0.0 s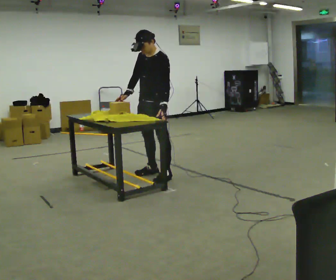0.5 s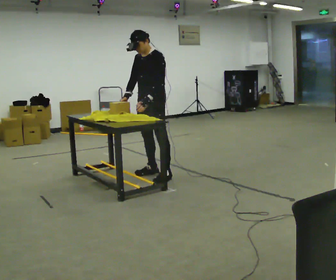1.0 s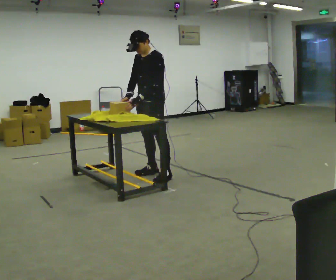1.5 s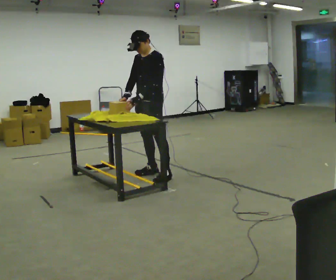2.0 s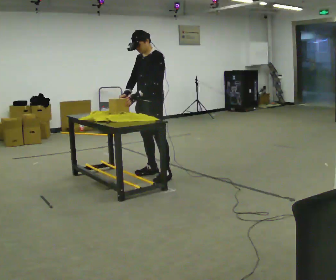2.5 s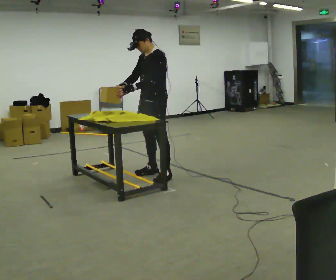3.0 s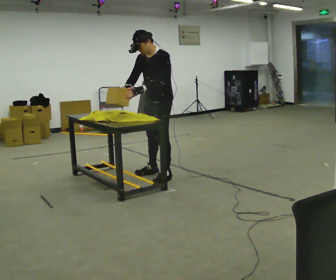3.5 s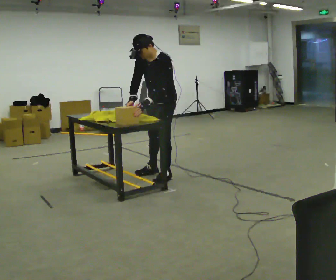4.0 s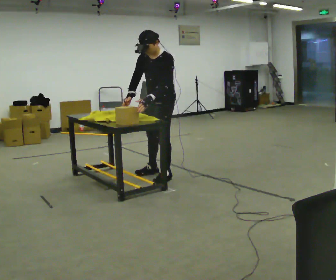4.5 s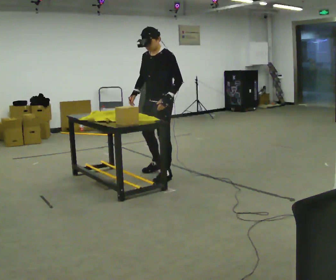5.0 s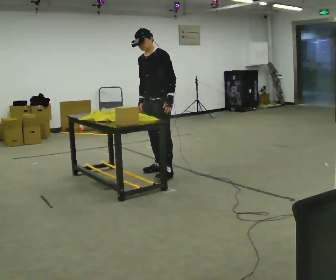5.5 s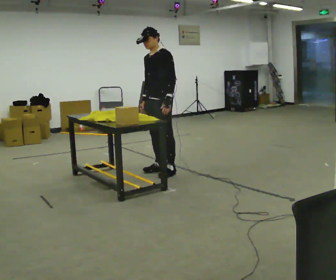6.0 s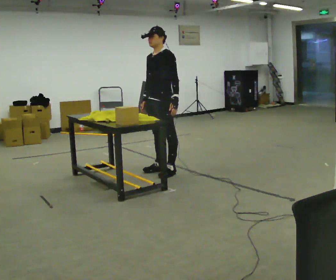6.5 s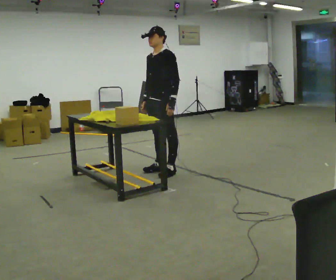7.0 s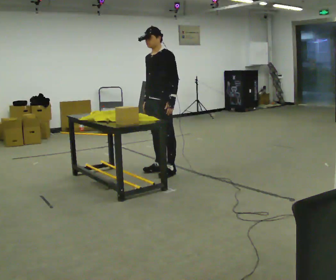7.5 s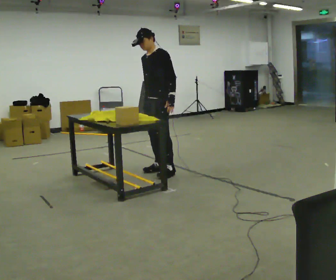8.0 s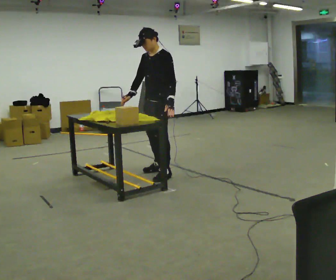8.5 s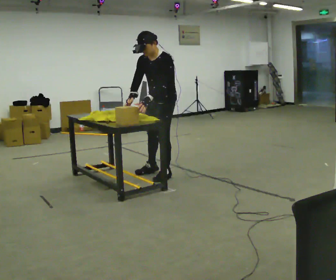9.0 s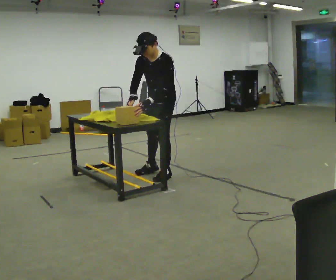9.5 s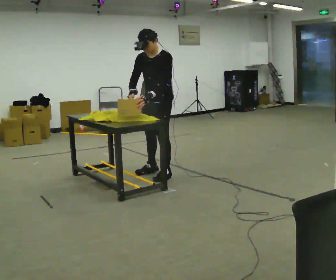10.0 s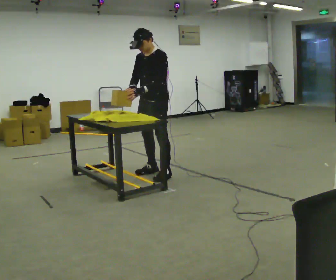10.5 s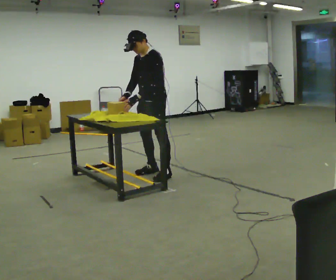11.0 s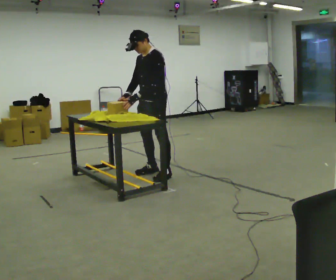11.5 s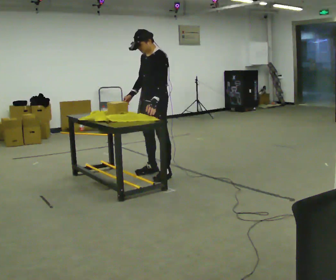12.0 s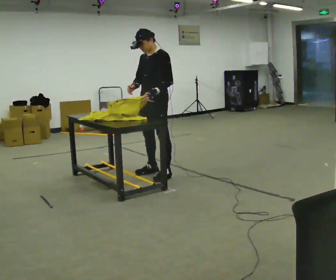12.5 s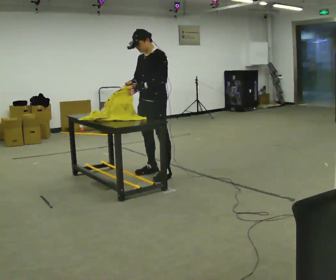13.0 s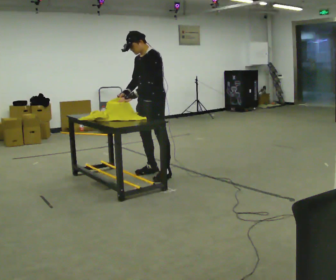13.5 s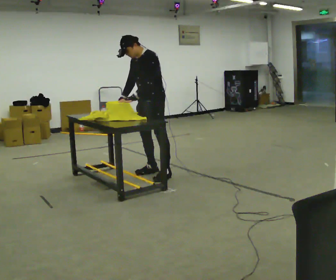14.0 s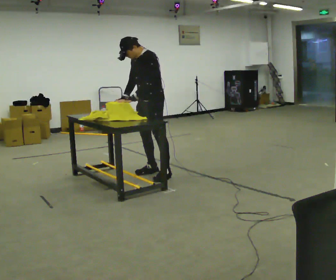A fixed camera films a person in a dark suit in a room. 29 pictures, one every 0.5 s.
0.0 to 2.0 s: In the picture their left hand goes to the left.
2.0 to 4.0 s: The person moves a little, or ends about where they began.
4.0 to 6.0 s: In the picture they go away from the camera, about 0.25 m in 1 step, which for them is to their right and backward. The upper body tips away from the camera, its near side rolling upward, as they lean back or straighten.
6.0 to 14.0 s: In the picture their left hand goes to the left.
The film runs backward here.
